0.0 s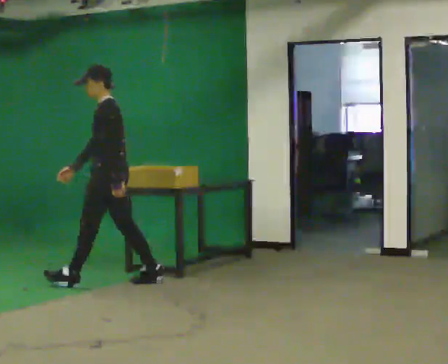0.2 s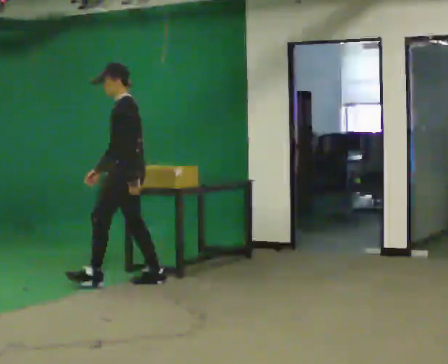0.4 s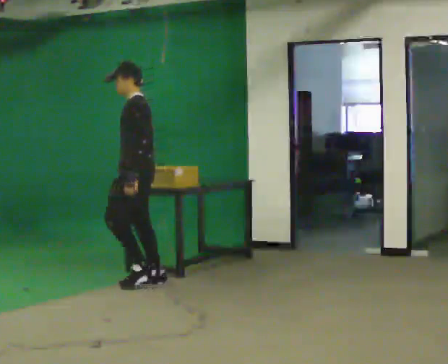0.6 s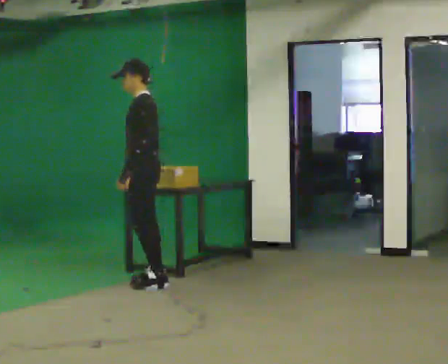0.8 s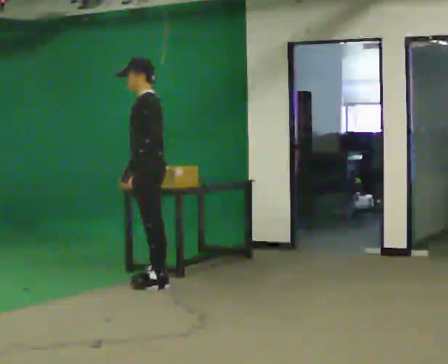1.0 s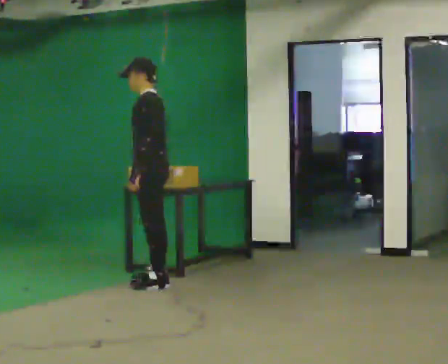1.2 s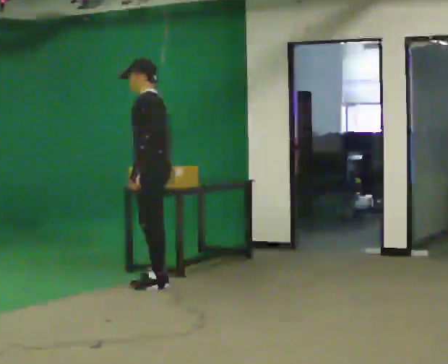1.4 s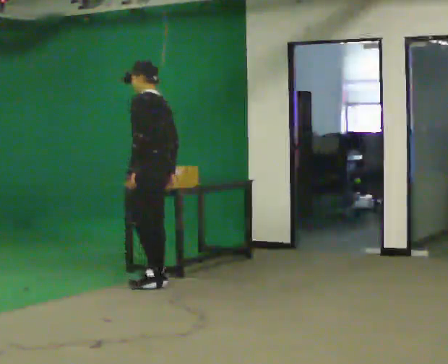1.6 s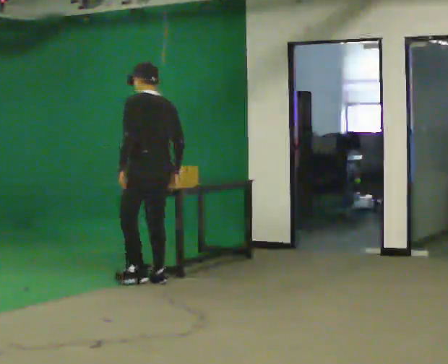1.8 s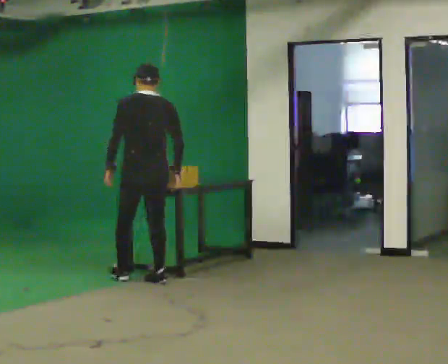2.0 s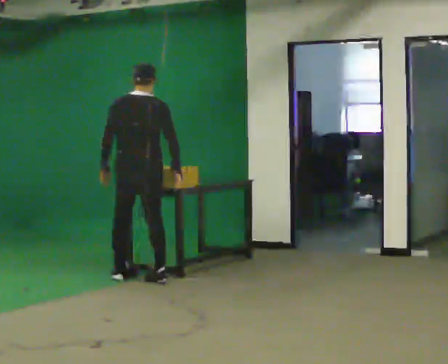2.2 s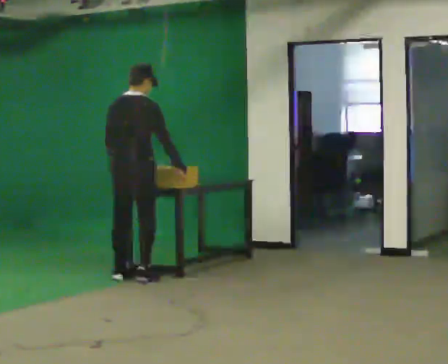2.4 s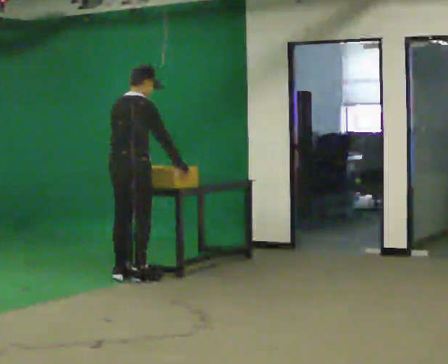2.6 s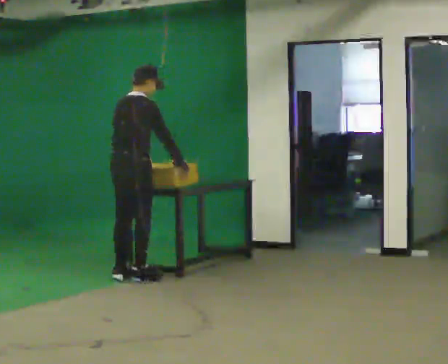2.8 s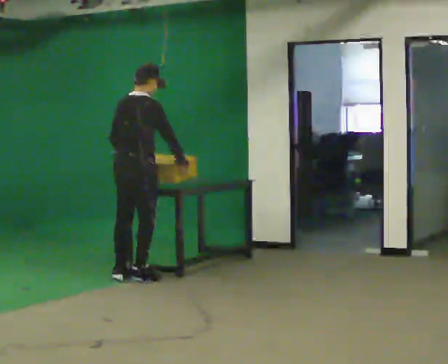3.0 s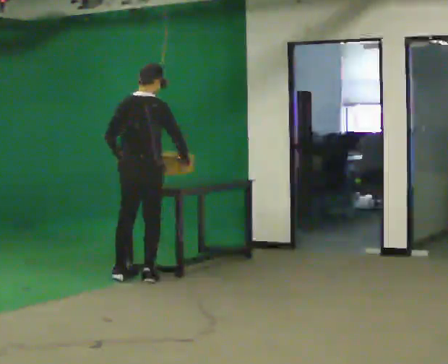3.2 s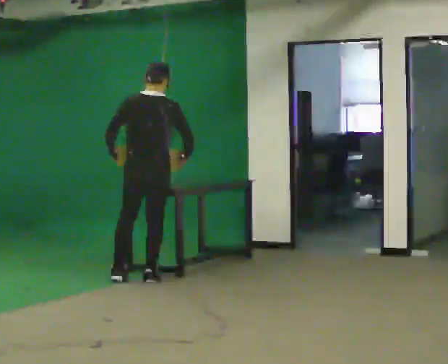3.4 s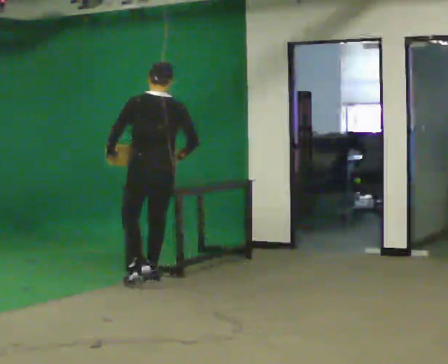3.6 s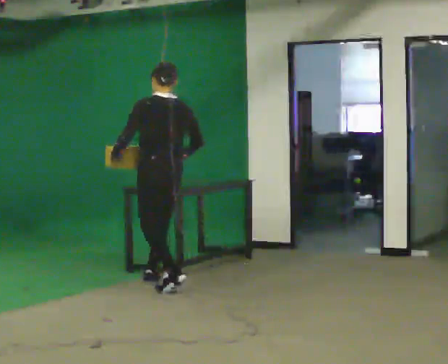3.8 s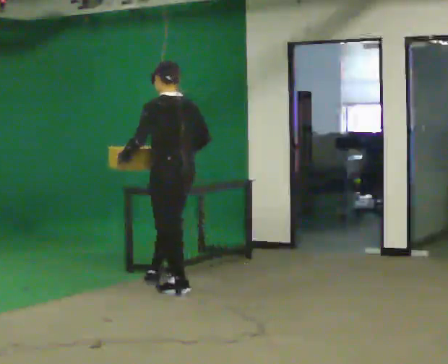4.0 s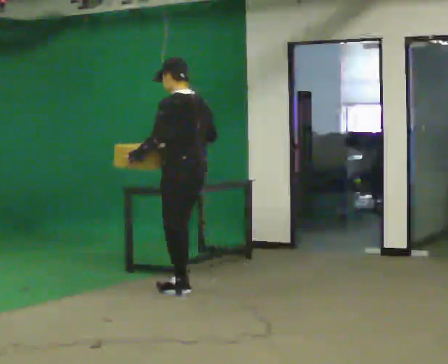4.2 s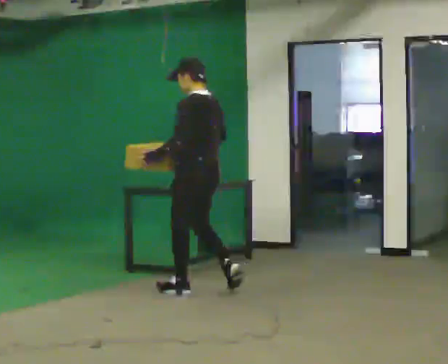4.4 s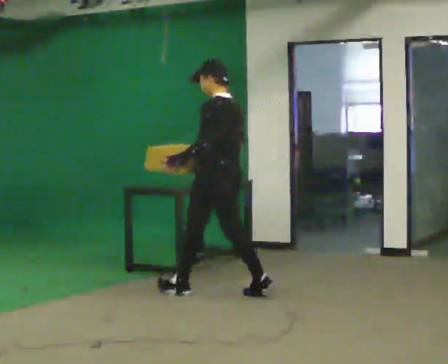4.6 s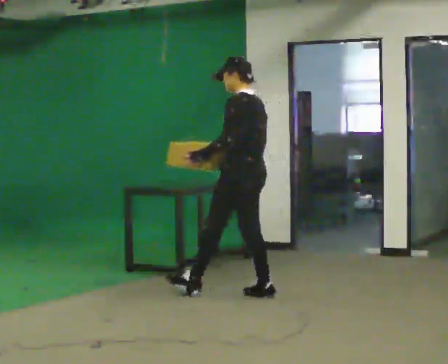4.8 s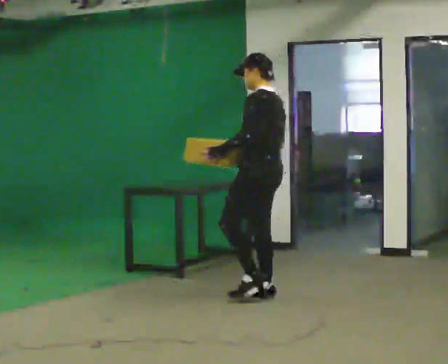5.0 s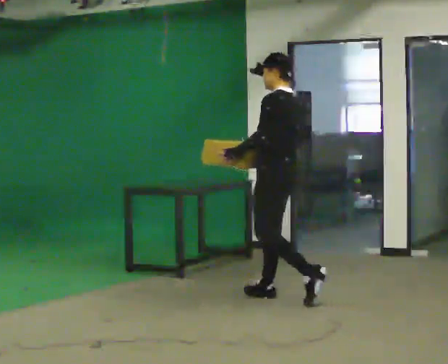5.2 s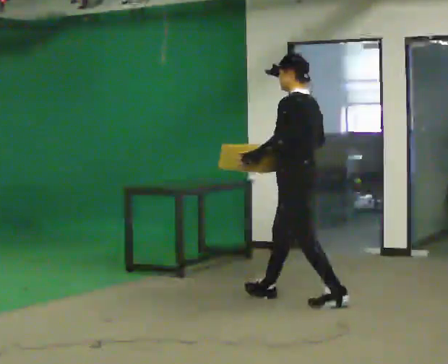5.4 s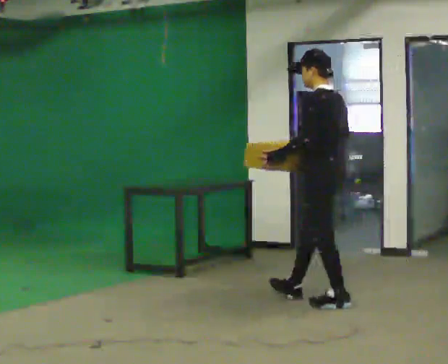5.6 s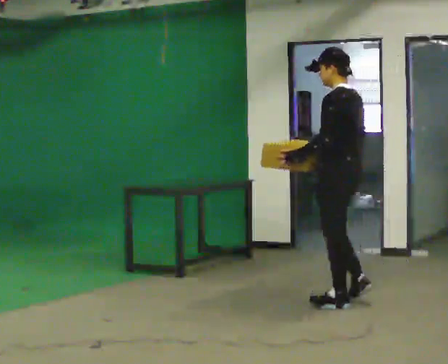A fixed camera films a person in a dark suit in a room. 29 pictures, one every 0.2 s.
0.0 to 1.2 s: In the picture they go to the right, about 0.25 m in 1 step, which for them is backward.
1.2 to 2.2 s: The part of the body nearest the lens slides to the left as the person turns to their right by about 105 degrees. In the picture they go to the left and away from the camera, about 0.25 m in 2 steps.
2.2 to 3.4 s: The person turns about 30 degrees to their left, counterclockwise seen from above, so the part of the body nearest the lens slides to the right. In the picture they go to the right, about 0.25 m in 1 step, which for them is to their right.
3.4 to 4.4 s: Seen from above the body turns counterclockwise, about 45 degrees: to their left, with its near side sliding to the right. In the picture they go to the right and toward the camera, about 0.75 m in 1 step, which for them is backward.
4.4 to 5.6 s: In the picture they go to the right and toward the camera, about 1 m in 2 steps, which for them is backward.
The film runs backward here.
